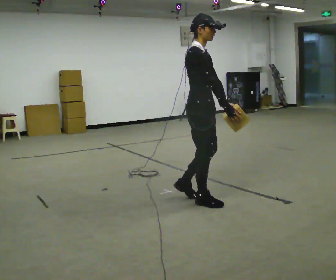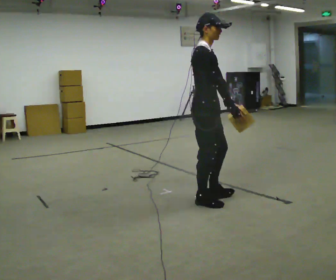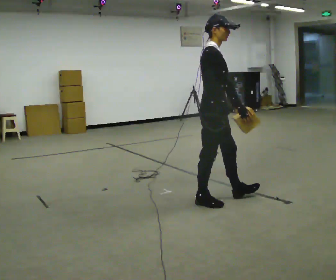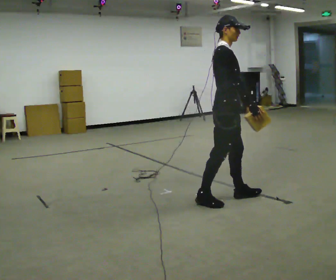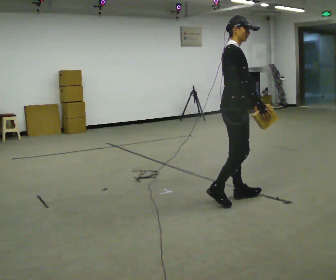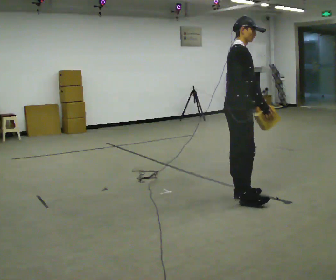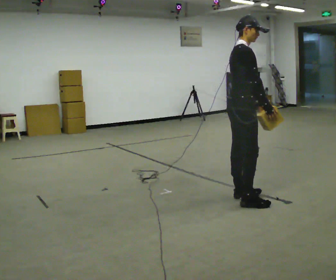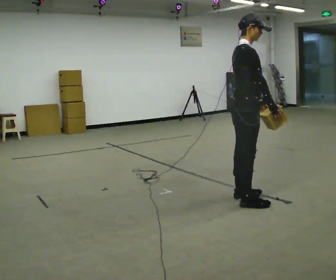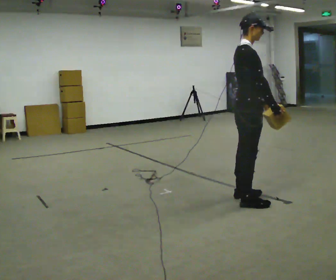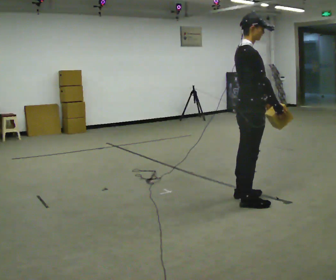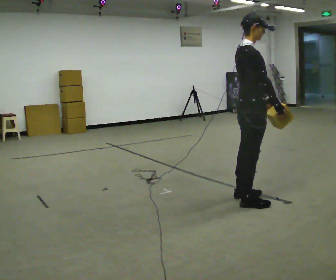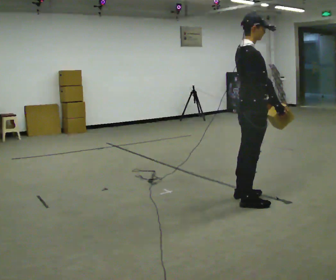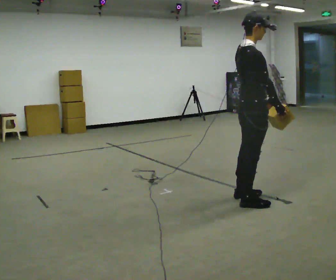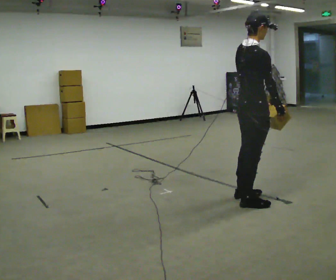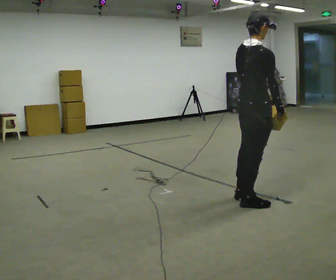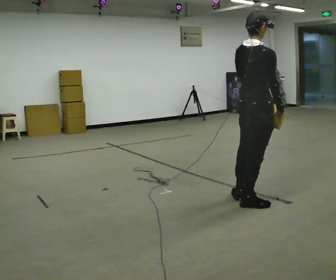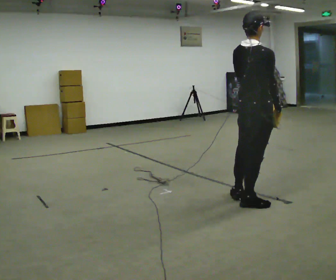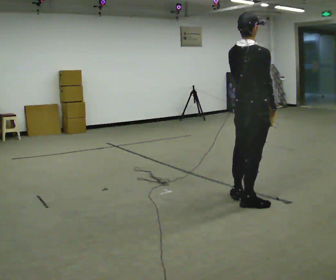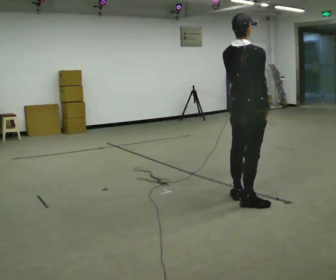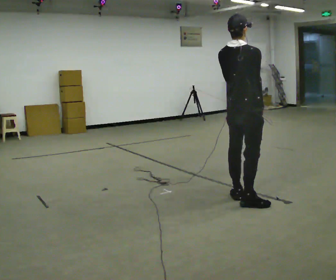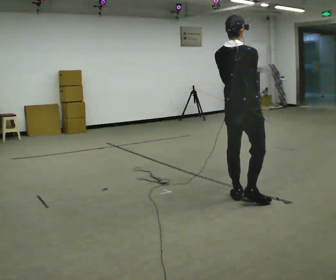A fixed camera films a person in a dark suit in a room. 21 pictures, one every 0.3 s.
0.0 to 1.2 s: In the picture they go to the right, about 0.25 m in 1 step, which for them is forward.
1.2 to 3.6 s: In the picture they go to the right, about 0.25 m in 1 step, which for them is to their right and forward.
3.6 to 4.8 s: Seen from above the body turns counterclockwise, about 30 degrees: to their left, with its near side sliding to the right.
4.8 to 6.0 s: In the picture they go away from the camera, about 0.25 m, which for them is to their left.
The film runs forward here.
